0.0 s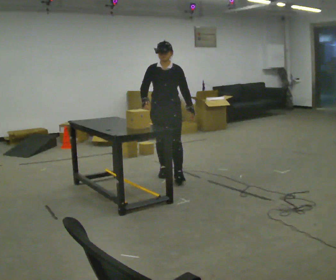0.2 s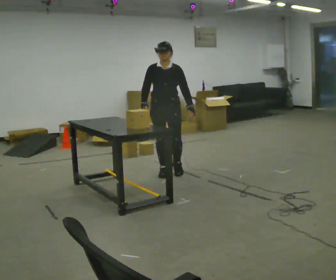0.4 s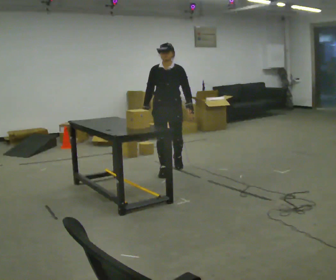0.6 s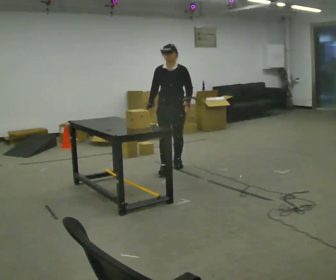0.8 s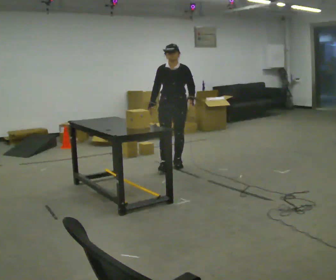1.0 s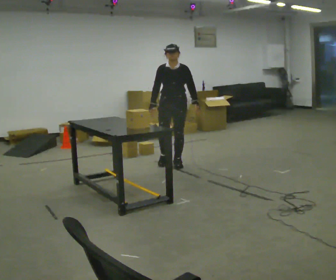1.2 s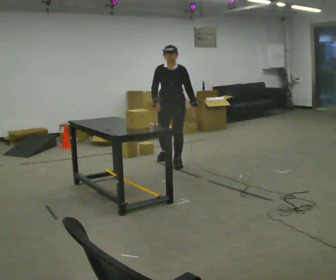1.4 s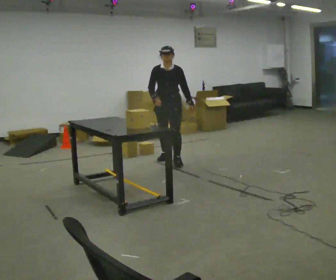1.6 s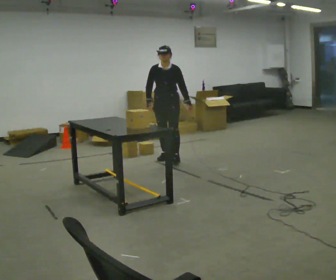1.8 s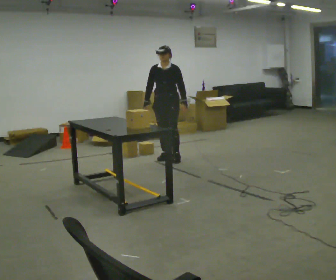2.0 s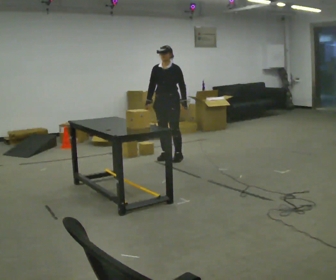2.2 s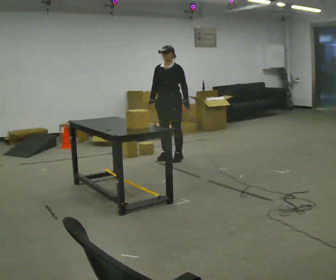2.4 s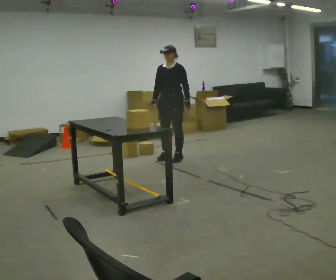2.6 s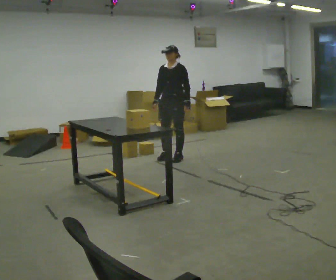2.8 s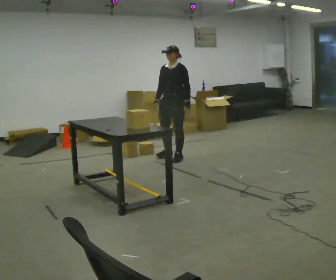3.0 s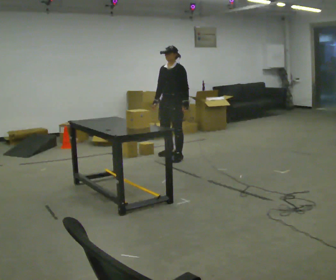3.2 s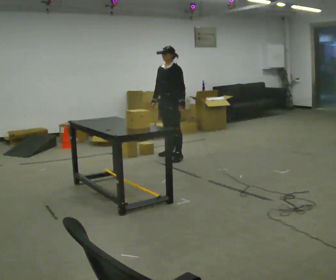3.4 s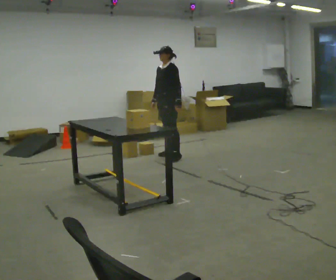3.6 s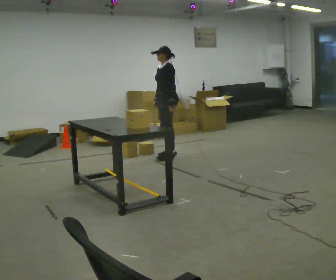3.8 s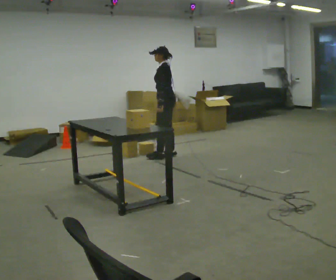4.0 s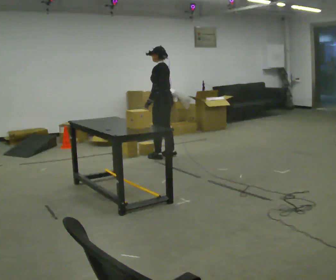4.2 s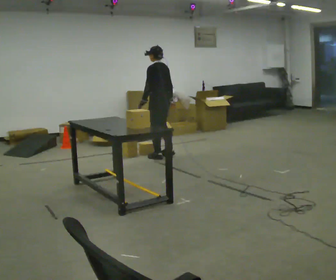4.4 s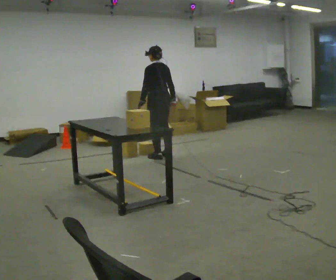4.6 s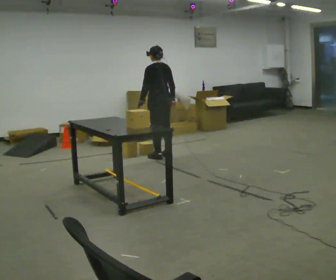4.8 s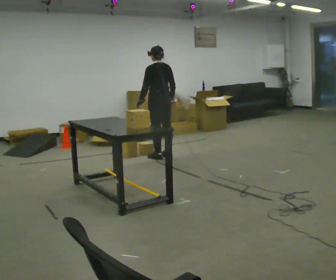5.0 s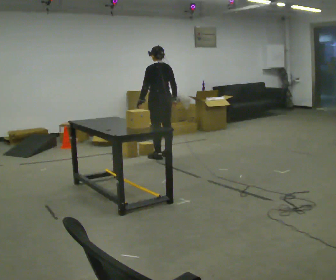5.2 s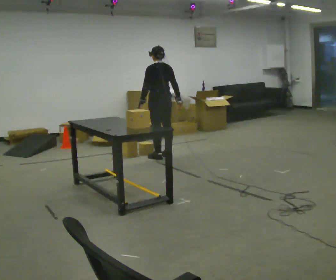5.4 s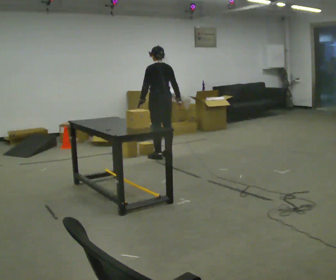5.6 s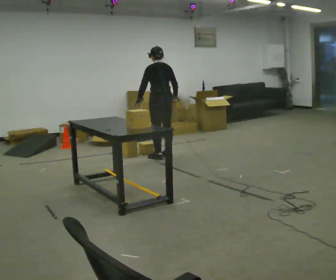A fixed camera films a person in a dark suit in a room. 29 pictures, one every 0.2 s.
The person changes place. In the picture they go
away from the camera.
Their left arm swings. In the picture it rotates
clockwise.
0.0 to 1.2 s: In the picture they go away from the camera, about 0.75 m in 1 step, which for them is backward.
1.2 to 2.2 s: In the picture they go away from the camera, about 0.25 m in 1 step, which for them is backward.
2.2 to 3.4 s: Seen from above the body turns clockwise, about 30 degrees: to their right, with its near side sliding to the left.
3.4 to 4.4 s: Seen from above the body turns clockwise, about 75 degrees: to their right, with its near side sliding to the left.
4.4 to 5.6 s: The person moves a little, or ends about where they began.
The film runs backward here.
